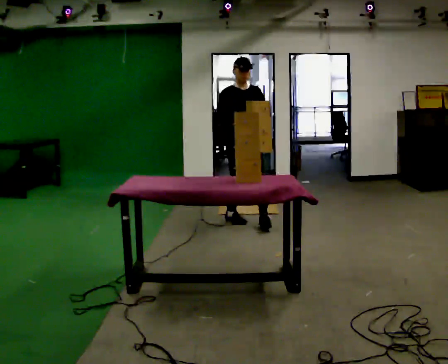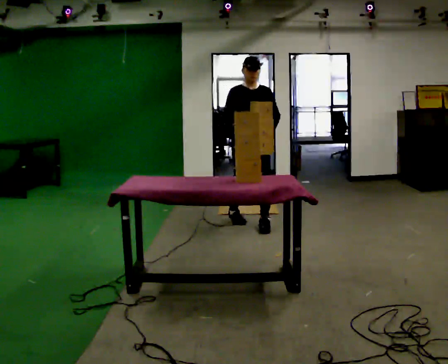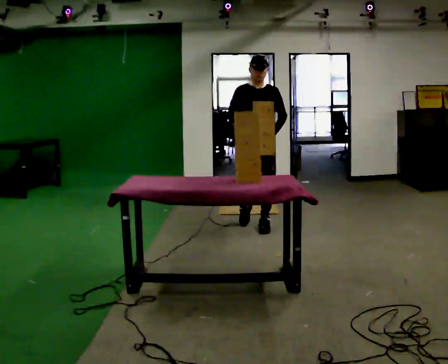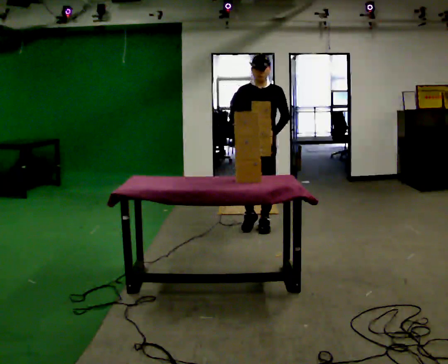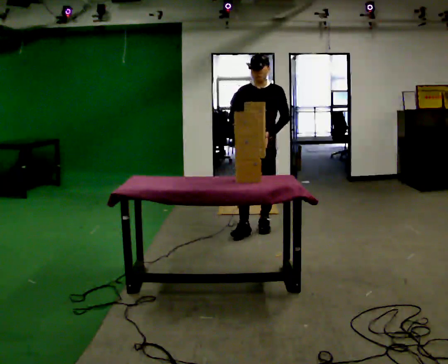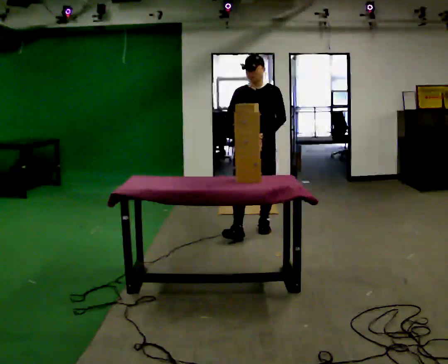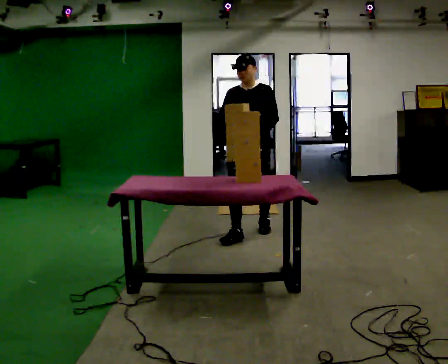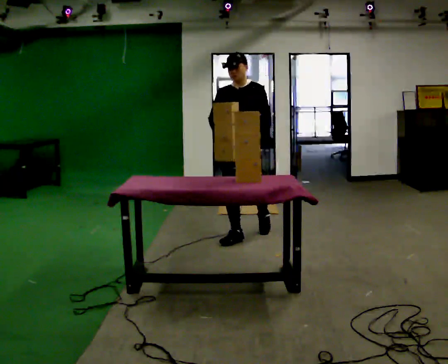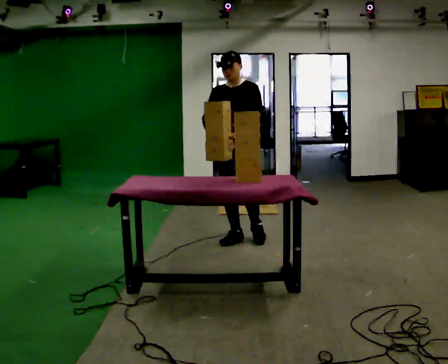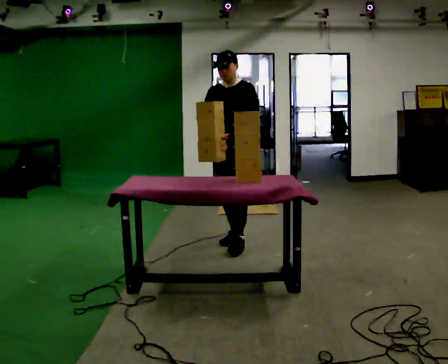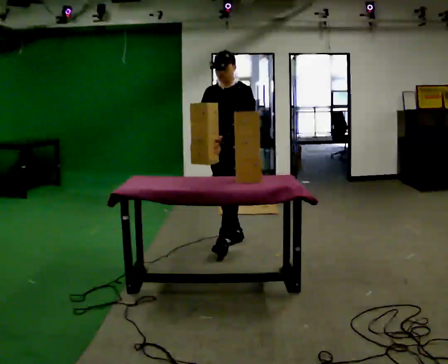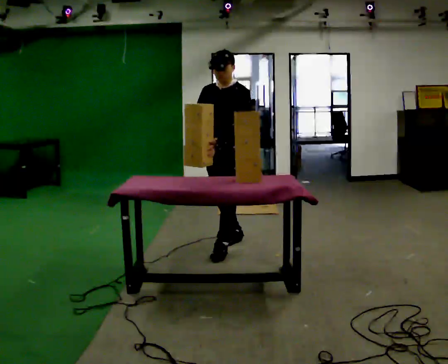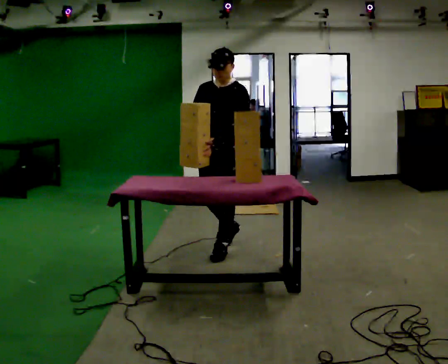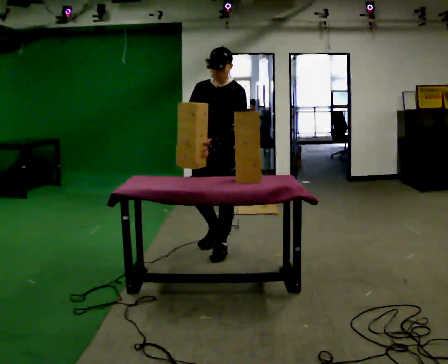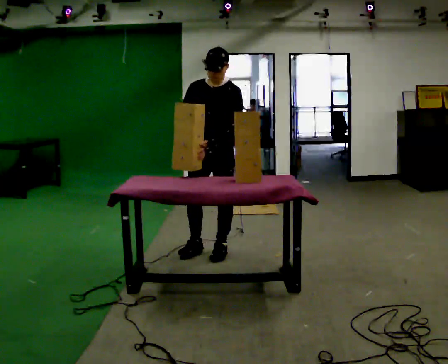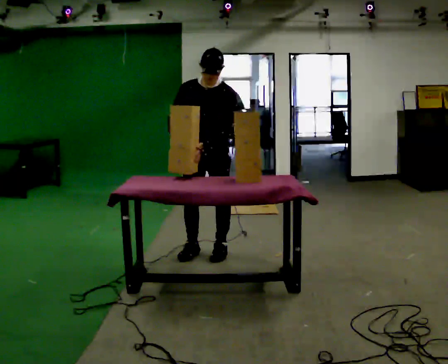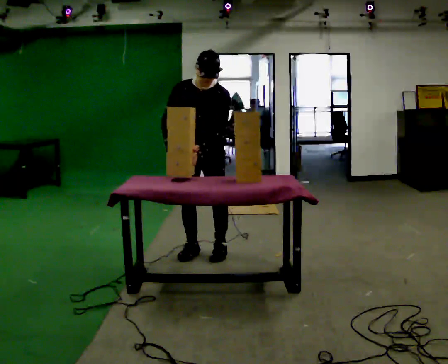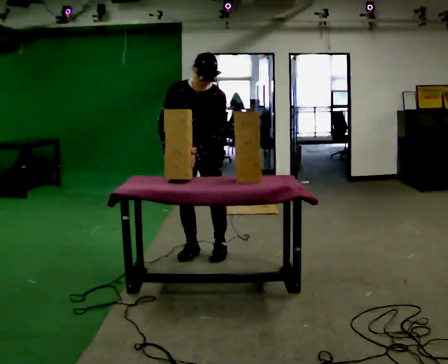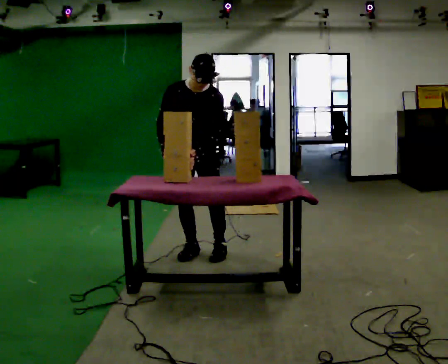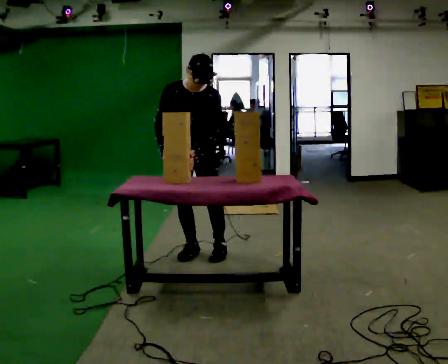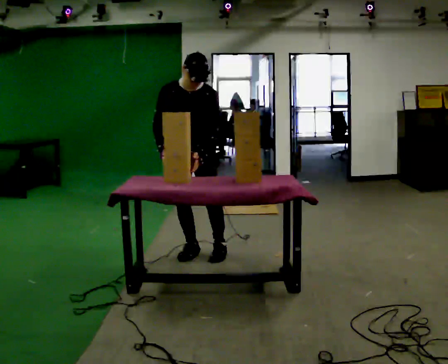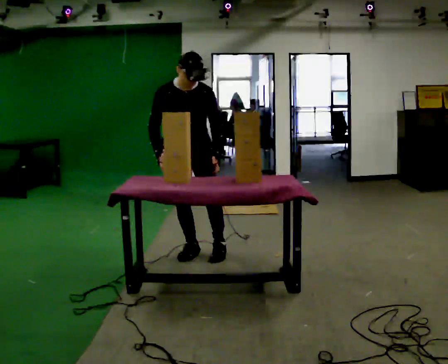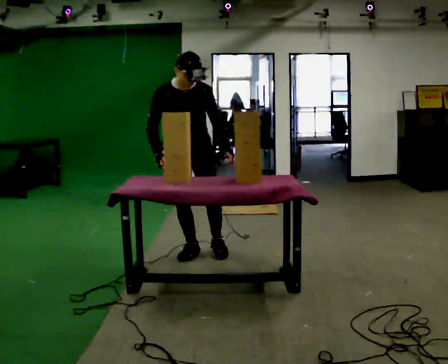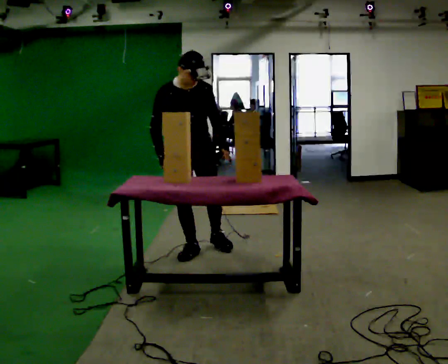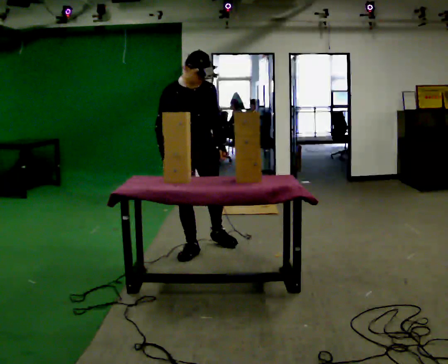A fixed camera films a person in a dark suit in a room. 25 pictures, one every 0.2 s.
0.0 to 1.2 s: Seen from above the body turns clockwise, about 30 degrees: to their right, with its near side sliding to the left. In the picture they go toward the camera, about 0.5 m in 1 step, which for them is forward.
1.2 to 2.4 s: In the picture they go toward the camera and to the left, about 0.5 m in 1 step, which for them is forward.
2.4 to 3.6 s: The part of the body nearest the lens slides to the right as the person turns to their left by about 30 degrees. In the picture they go to the left, about 0.25 m in 1 step, which for them is to their right and forward. The upper body tips toward the camera, its near side rolling downward, as they bend forward.
3.6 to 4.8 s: Seen from above the body turns counterclockwise, about 30 degrees: to their left, with its near side sliding to the right.
The film runs forward here.
